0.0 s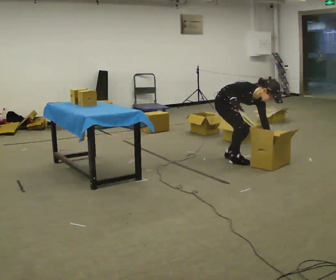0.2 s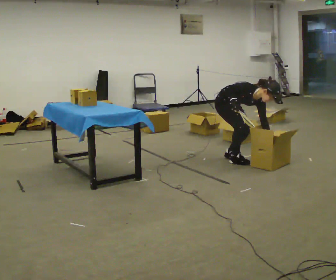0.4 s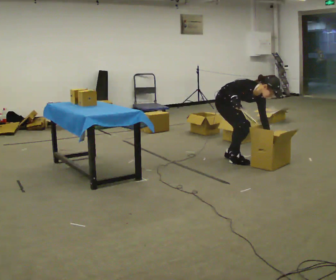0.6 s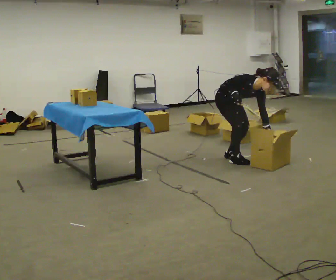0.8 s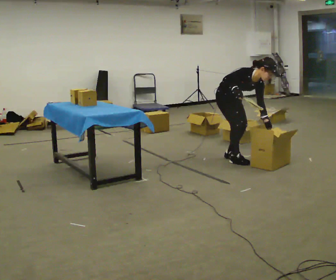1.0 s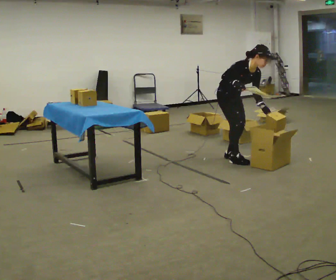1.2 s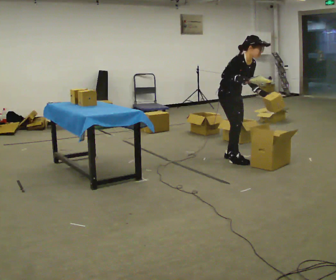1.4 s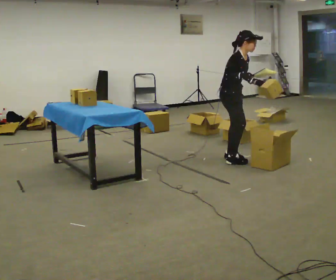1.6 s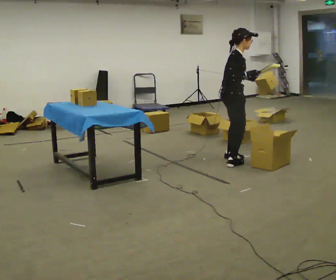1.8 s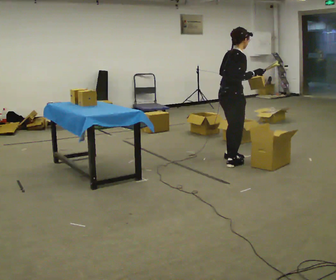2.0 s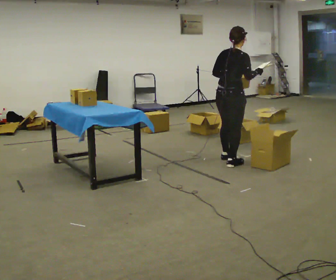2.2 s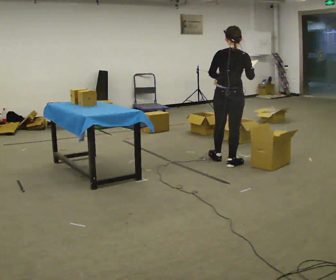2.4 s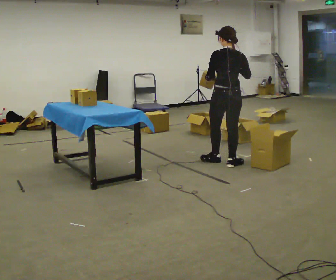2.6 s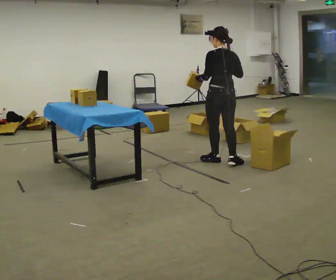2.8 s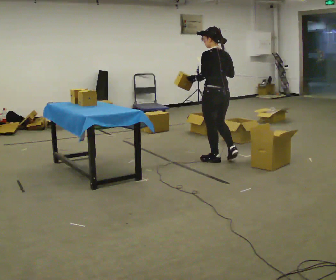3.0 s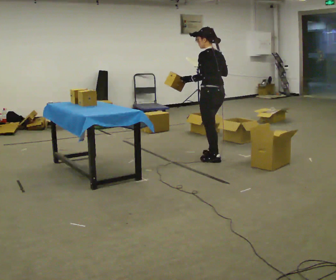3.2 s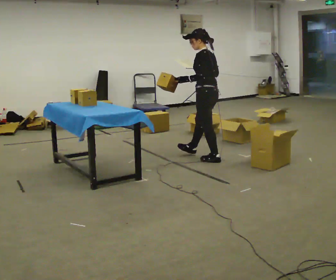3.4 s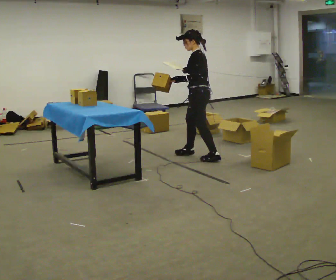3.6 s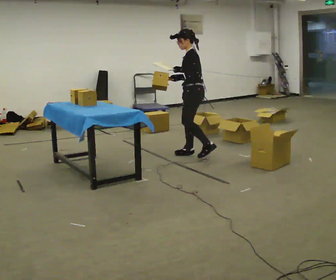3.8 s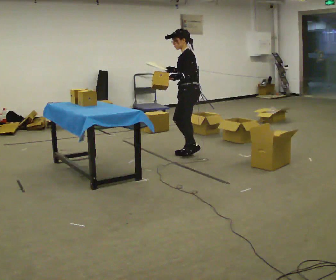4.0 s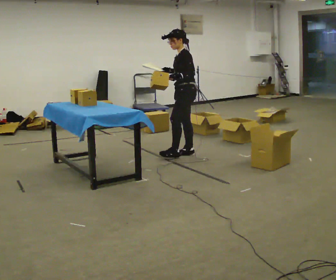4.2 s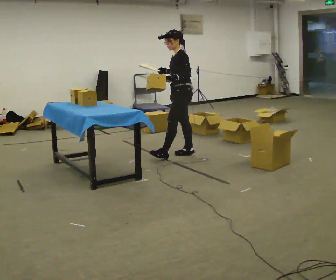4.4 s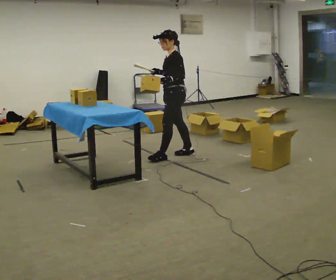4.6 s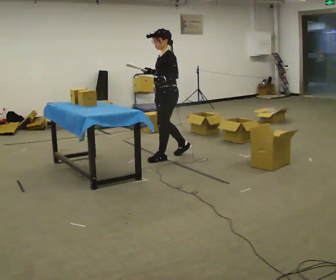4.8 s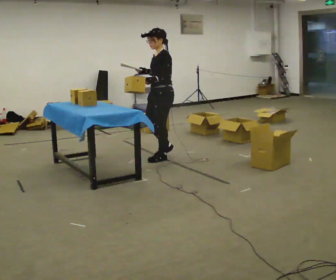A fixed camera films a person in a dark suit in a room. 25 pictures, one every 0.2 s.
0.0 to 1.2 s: The upper body goes upward. In the picture the upper body tilts counterclockwise, shoulders to the left, as they lean back or straighten.
1.2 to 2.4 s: The part of the body nearest the lens slides to the right as the person turns to their left by about 135 degrees. In the picture they go toward the camera, about 0.25 m in 2 steps. In the picture the upper body tilts counterclockwise, shoulders to the left, as they lean back or straighten.
2.4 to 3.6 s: The part of the body nearest the lens slides to the right as the person turns to their left by about 90 degrees. In the picture they go away from the camera and to the left, about 0.5 m in 1 step.
3.6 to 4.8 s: The person turns about 30 degrees to their left, counterclockwise seen from above, so the part of the body nearest the lens slides to the right. In the picture they go to the left and toward the camera, about 0.5 m in 1 step, which for them is forward.
The film runs forward here.
